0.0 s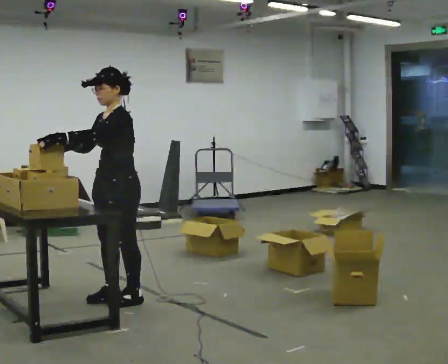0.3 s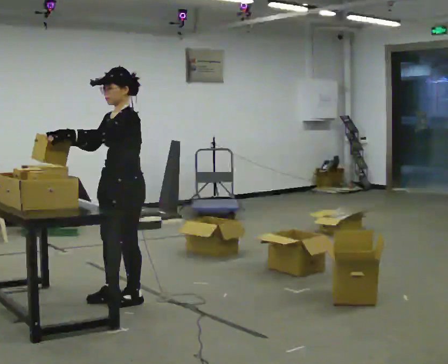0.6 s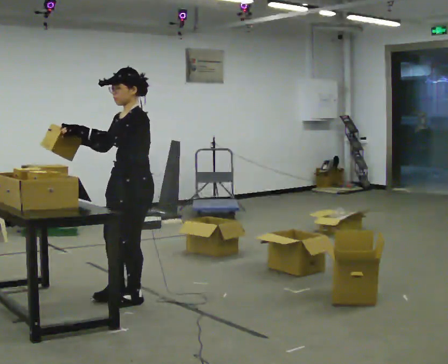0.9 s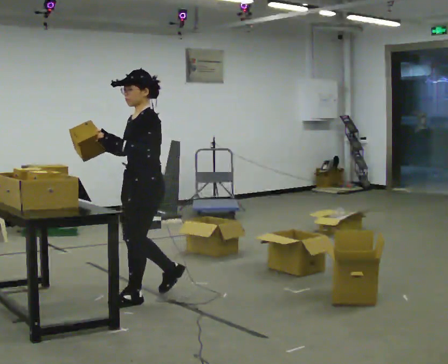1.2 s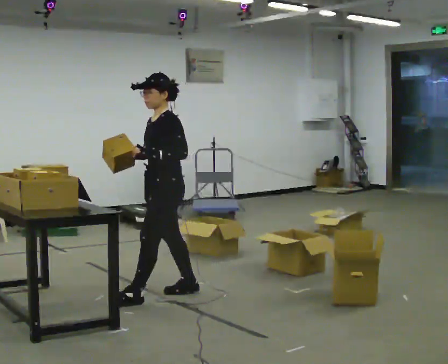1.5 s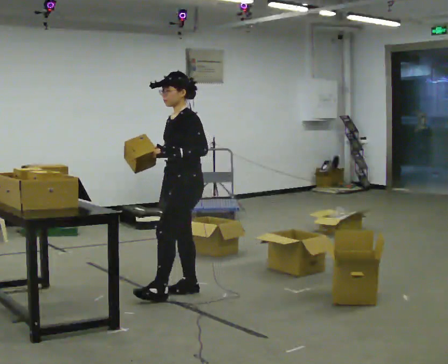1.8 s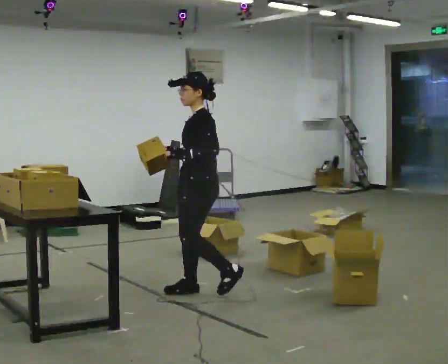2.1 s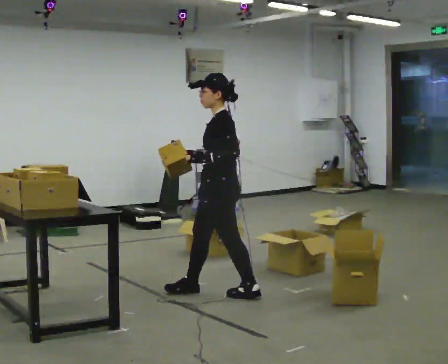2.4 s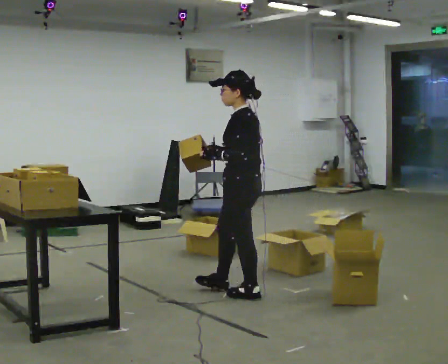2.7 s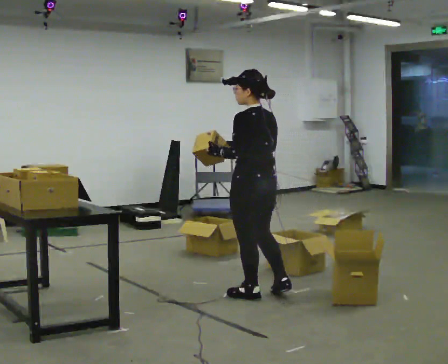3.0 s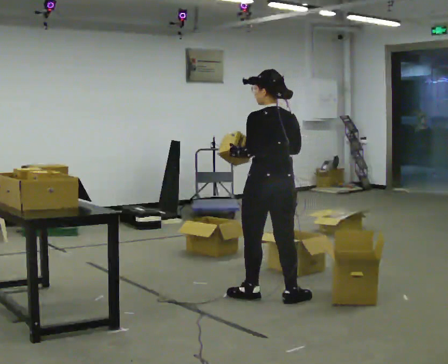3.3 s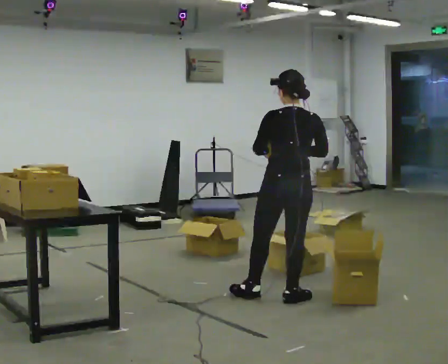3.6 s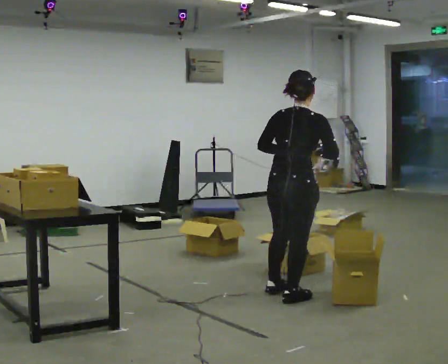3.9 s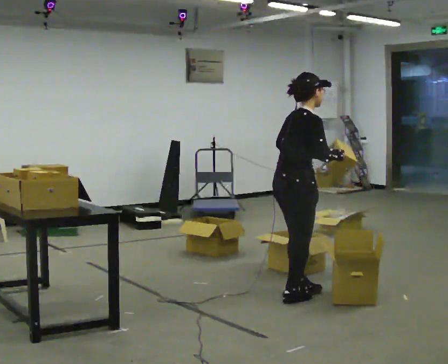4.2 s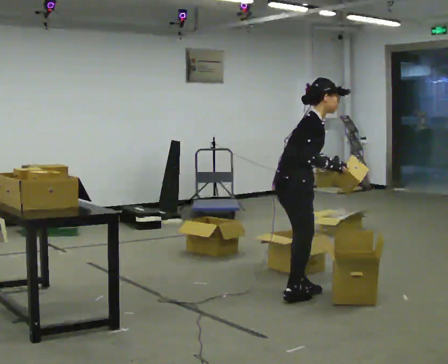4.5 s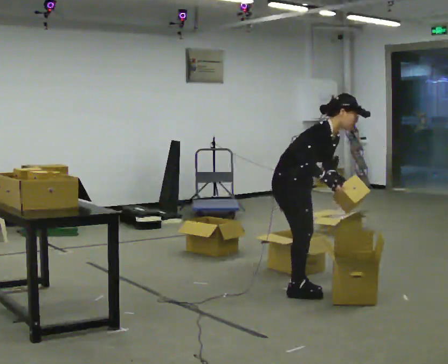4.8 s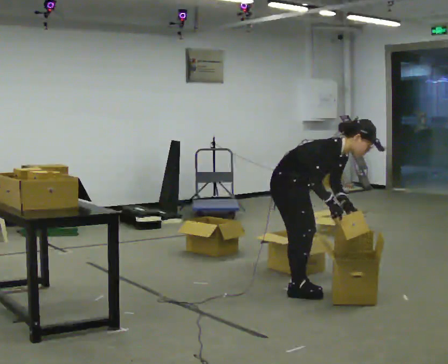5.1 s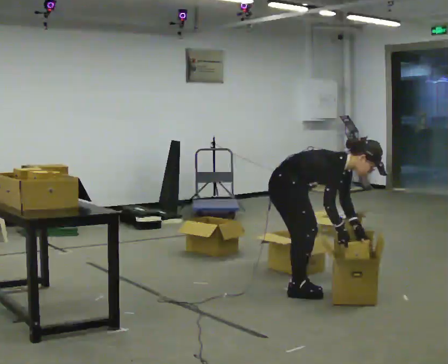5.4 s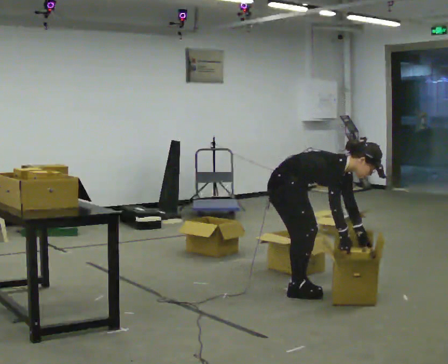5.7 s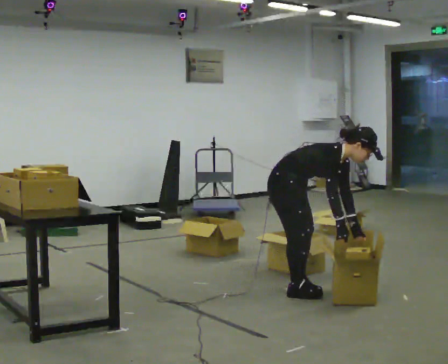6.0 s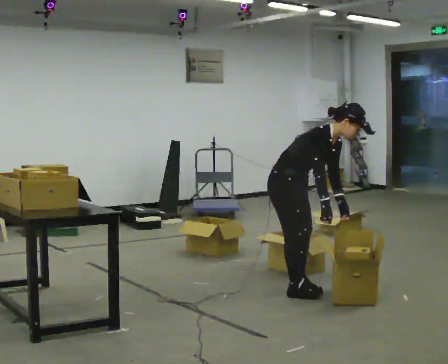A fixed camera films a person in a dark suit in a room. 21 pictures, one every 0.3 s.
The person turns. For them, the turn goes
to their right.
The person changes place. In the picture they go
to the right.
0.0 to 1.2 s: In the picture they go to the right and away from the camera, about 0.25 m in 1 step, which for them is backward.
1.2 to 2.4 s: The part of the body nearest the lens slides to the left as the person turns to their right by about 30 degrees. In the picture they go to the right, about 0.5 m in 2 steps, which for them is backward.
2.4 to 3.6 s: Seen from above the body turns clockwise, about 105 degrees: to their right, with its near side sliding to the left. In the picture they go to the right, about 0.25 m in 1 step.
3.6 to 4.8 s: Seen from above the body turns clockwise, about 75 degrees: to their right, with its near side sliding to the left. In the picture they go away from the camera, about 0.25 m in 1 step. The shoulders move downward. In the picture the upper body tilts clockwise, shoulders to the right, as they bend forward. In the picture their right hand goes downward.
4.8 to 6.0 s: The person moves a little, or ends about where they began.
The film runs backward here.
